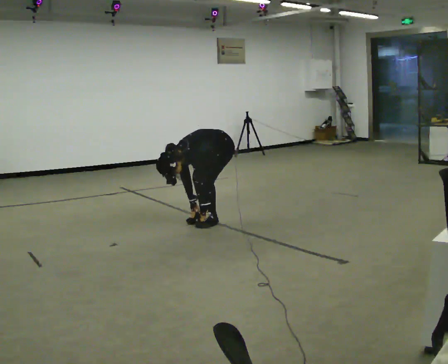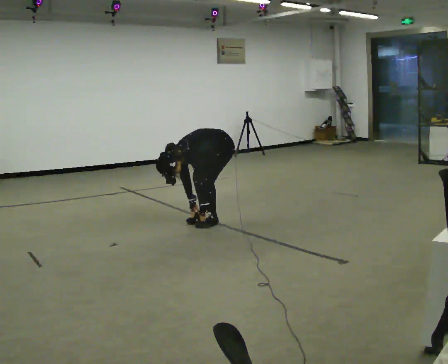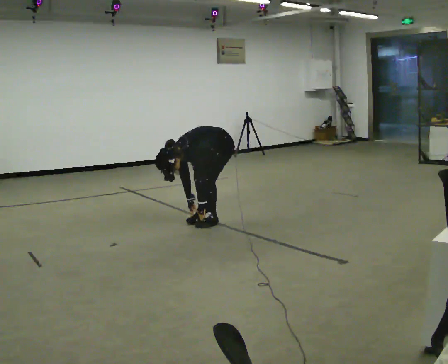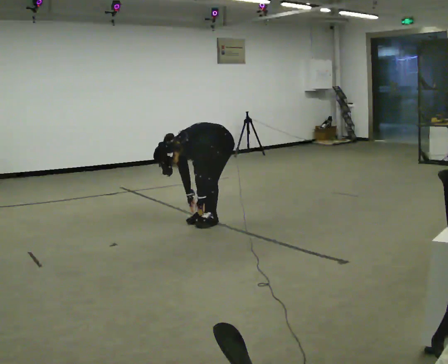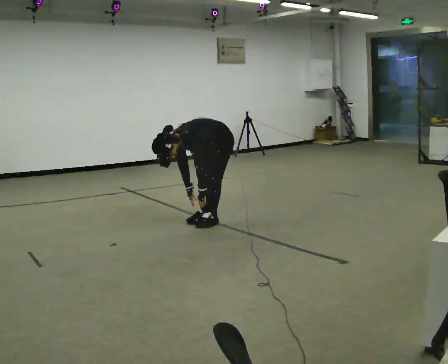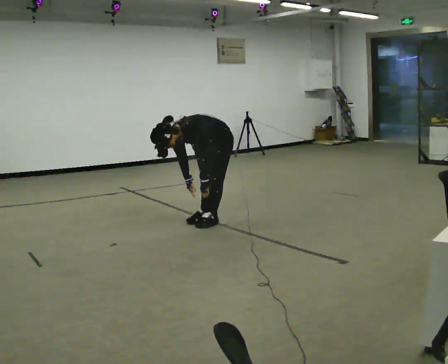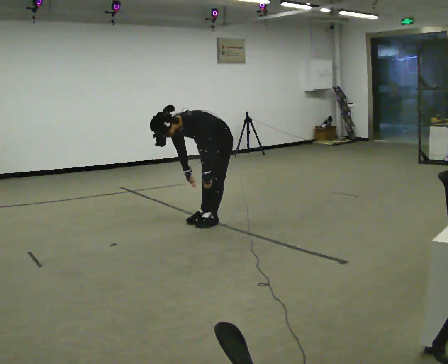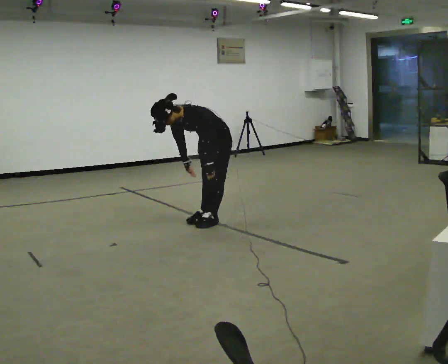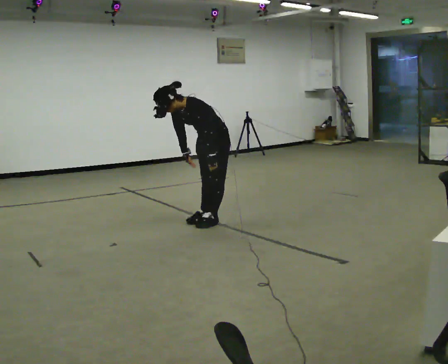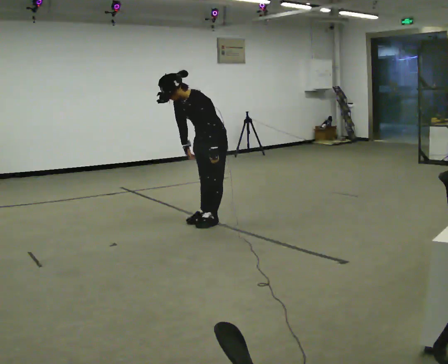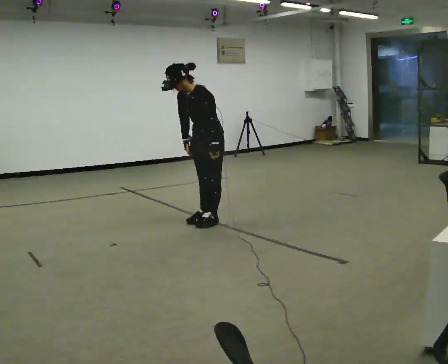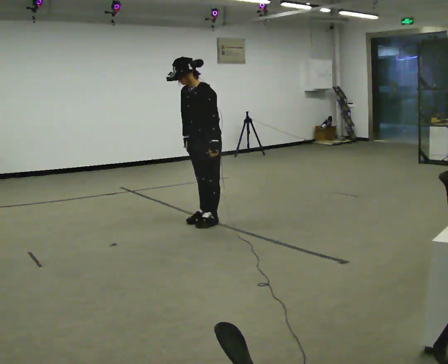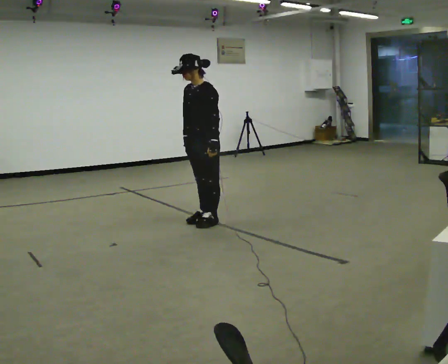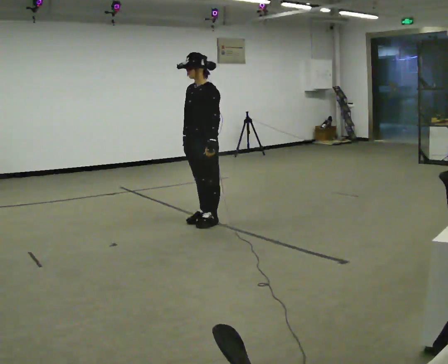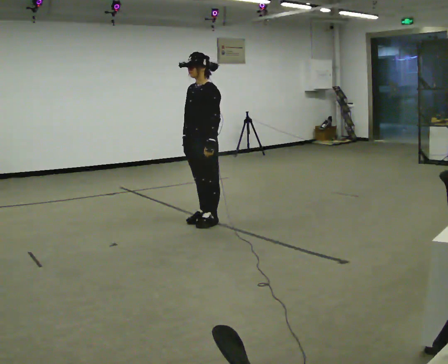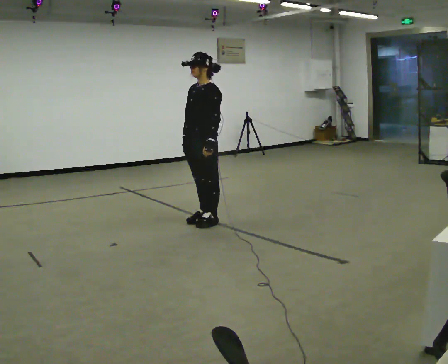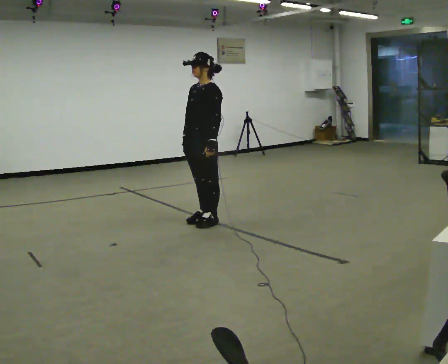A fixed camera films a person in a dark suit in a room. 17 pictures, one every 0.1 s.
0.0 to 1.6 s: The shoulders move upward. In the picture the upper body tilts clockwise, shoulders to the right, as they lean back or straighten. In the picture their right hand goes upward.
The film runs backward here.
